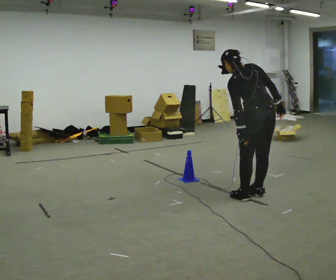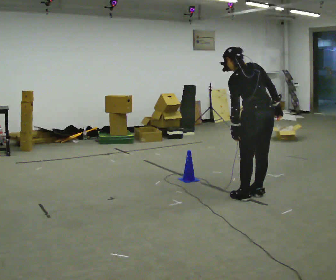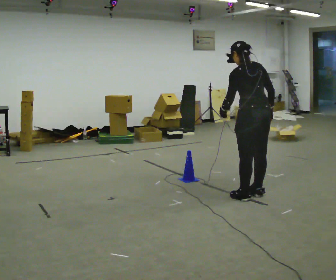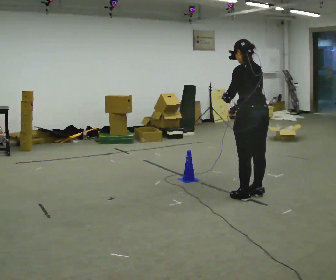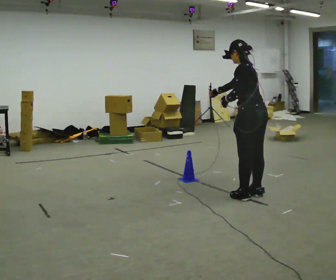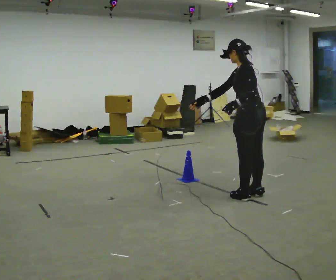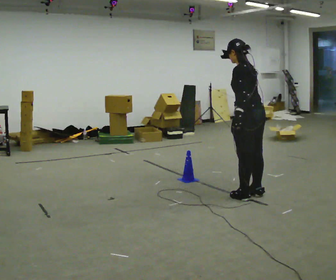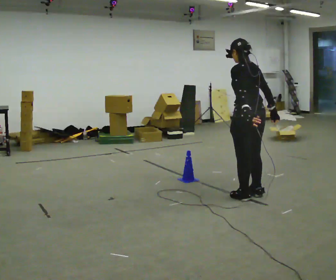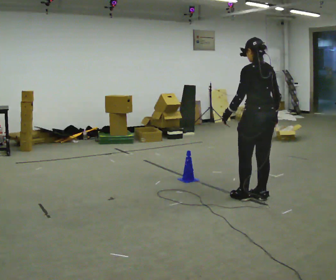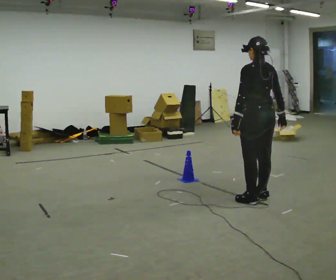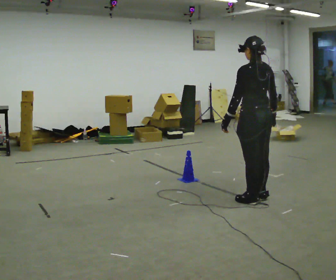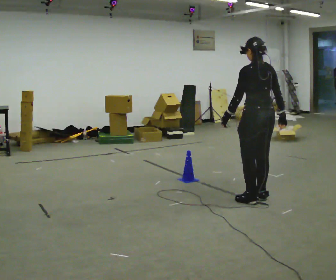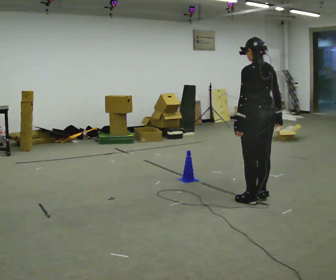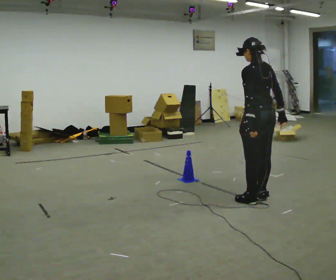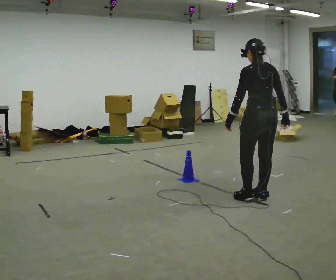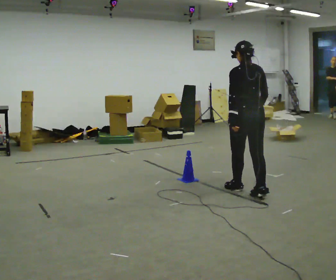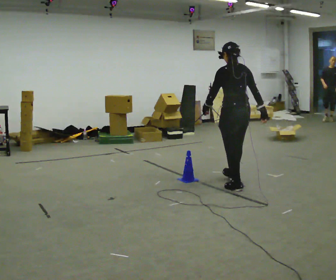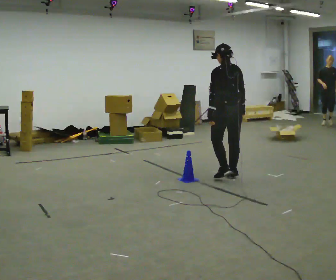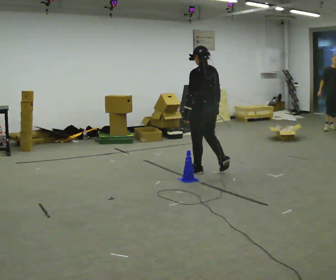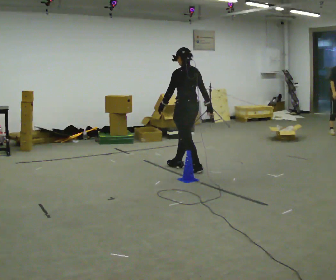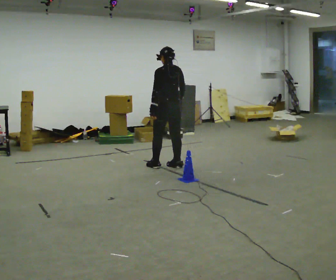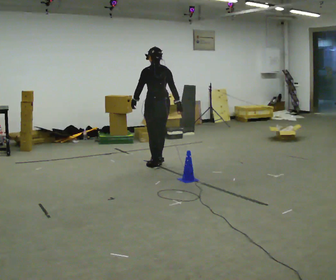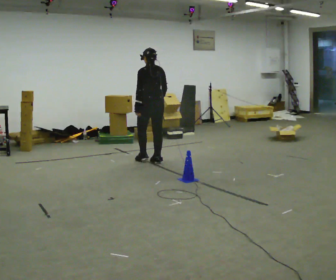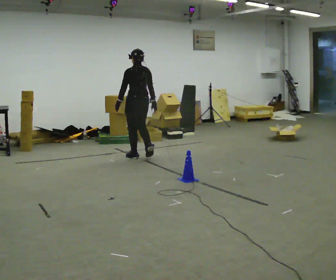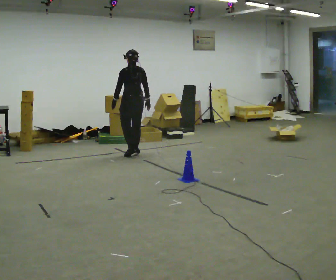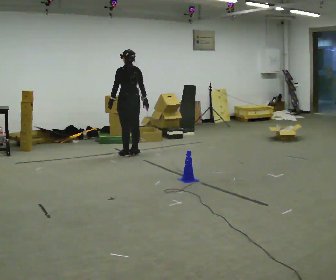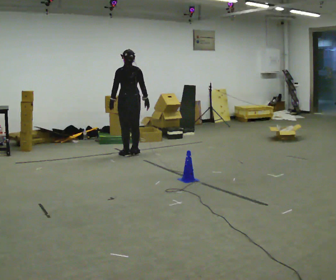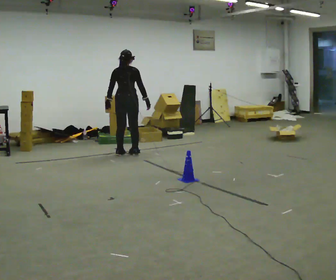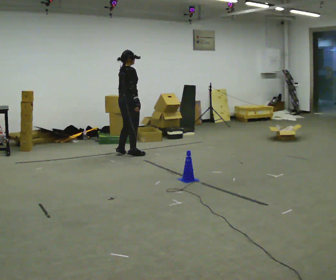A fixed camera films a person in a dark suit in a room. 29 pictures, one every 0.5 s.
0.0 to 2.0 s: The person turns about 30 degrees to their left, counterclockwise seen from above, so the part of the body nearest the lens slides to the right. In the picture their right hand goes to the left, the arm swinging clockwise.
2.0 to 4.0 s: The part of the body nearest the lens slides to the left as the person turns to their right by about 30 degrees. In the picture their right hand goes to the right.
4.0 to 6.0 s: The person moves a little, or ends about where they began.
6.0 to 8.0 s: In the picture they go away from the camera and to the left, about 0.5 m in 1 step, which for them is forward.
8.0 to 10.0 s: In the picture they go to the left and away from the camera, about 1 m in 4 steps, which for them is forward.
10.0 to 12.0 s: In the picture they go to the left and away from the camera, about 1 m in 3 steps, which for them is forward.
12.0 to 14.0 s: The part of the body nearest the lens slides to the left as the person turns to their right by about 90 degrees.
The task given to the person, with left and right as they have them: Walk toward obstacle; alter path to avoid it; continue toward original destination.
The film runs forward here.
